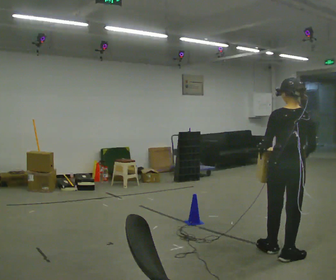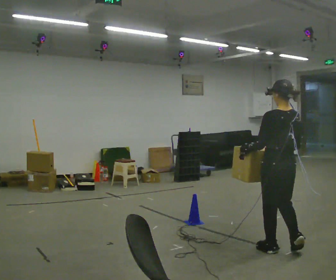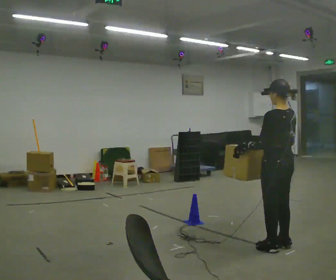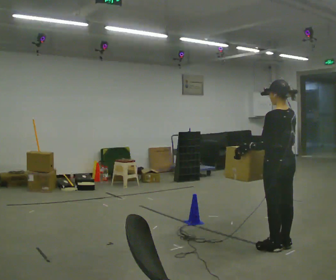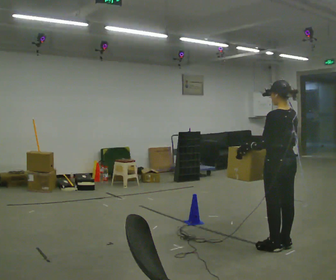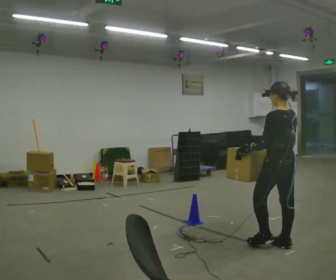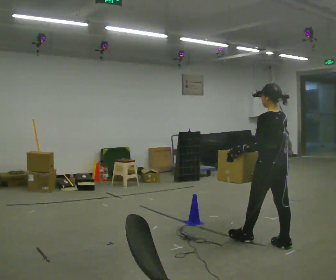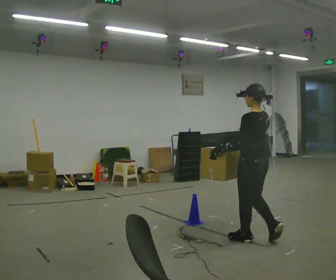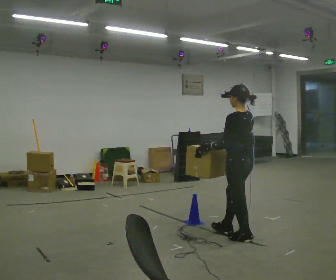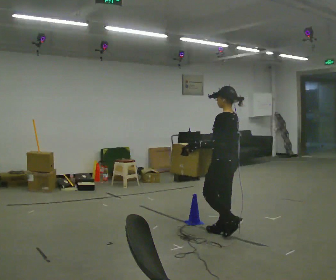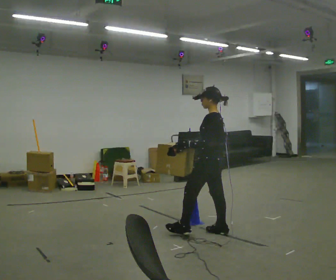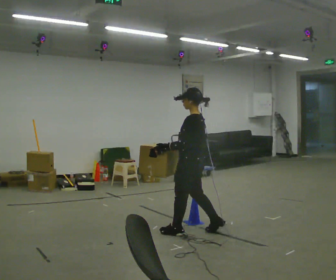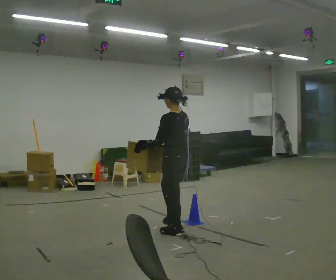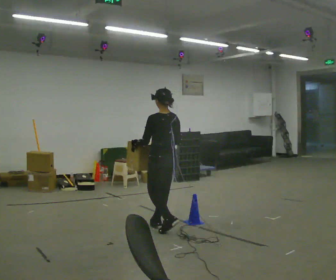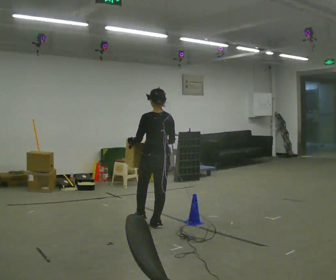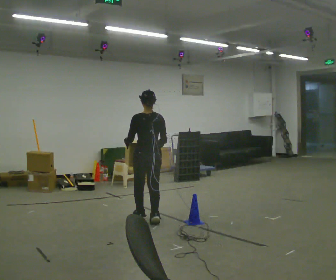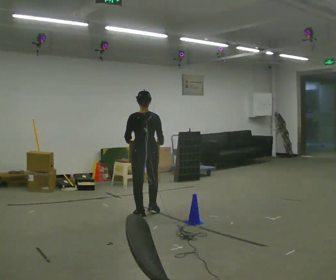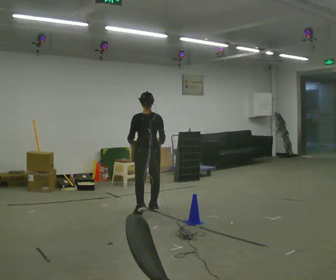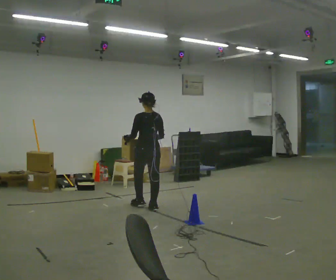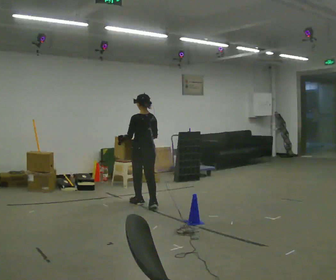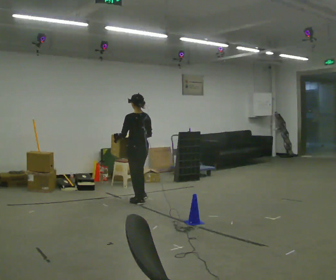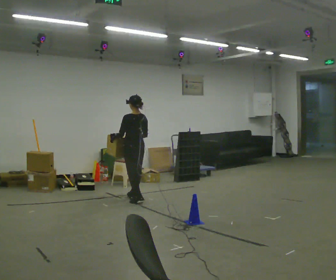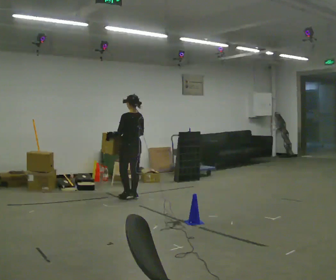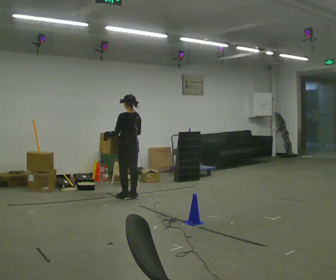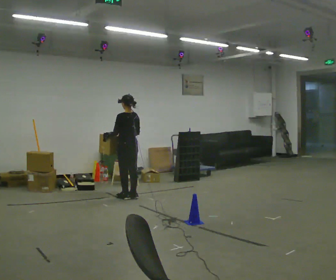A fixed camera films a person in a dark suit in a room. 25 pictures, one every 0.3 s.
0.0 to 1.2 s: The person turns about 45 degrees to their left, counterclockwise seen from above, so the part of the body nearest the lens slides to the right. In the picture they go away from the camera, about 0.25 m in 1 step, which for them is forward and to their right.
1.2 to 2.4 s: In the picture they go away from the camera and to the left, about 0.5 m in 1 step, which for them is forward.
2.4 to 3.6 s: In the picture they go to the left and away from the camera, about 0.75 m in 2 steps, which for them is forward.
3.6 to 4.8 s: The person turns about 45 degrees to their right, clockwise seen from above, so the part of the body nearest the lens slides to the left. In the picture they go away from the camera and to the left, about 1 m in 2 steps, which for them is forward.
4.8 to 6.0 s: Seen from above the body turns counterclockwise, about 30 degrees: to their left, with its near side sliding to the right. In the picture they go away from the camera, about 0.5 m in 2 steps, which for them is forward.
6.0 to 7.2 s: In the picture they go away from the camera and to the left, about 0.25 m in 2 steps, which for them is forward.
The film runs forward here.
